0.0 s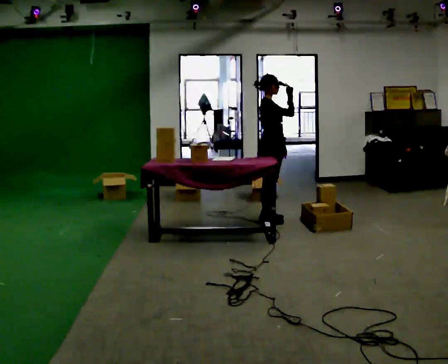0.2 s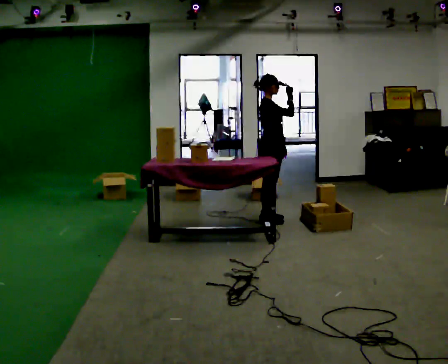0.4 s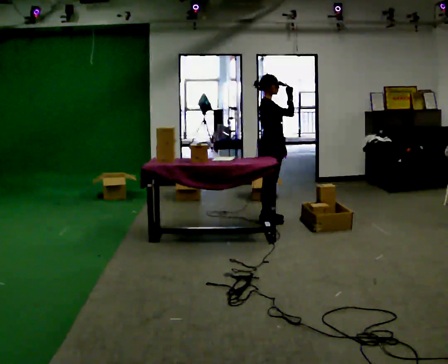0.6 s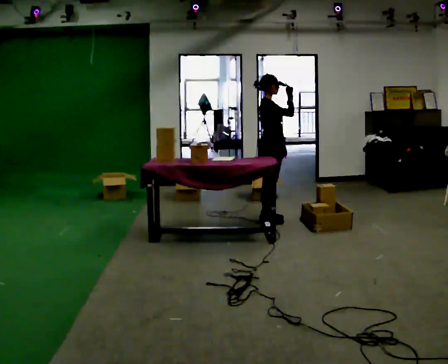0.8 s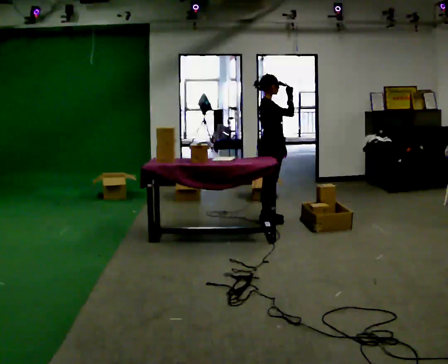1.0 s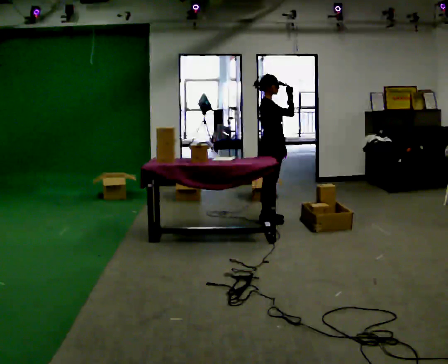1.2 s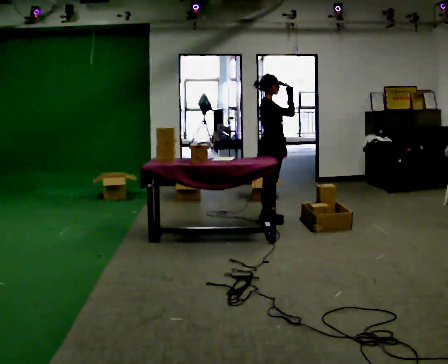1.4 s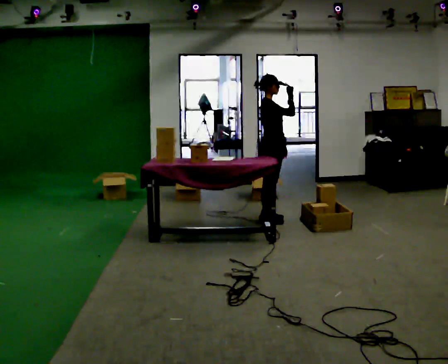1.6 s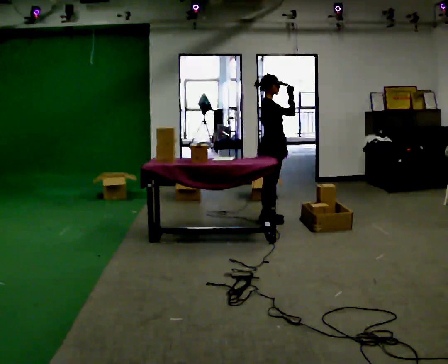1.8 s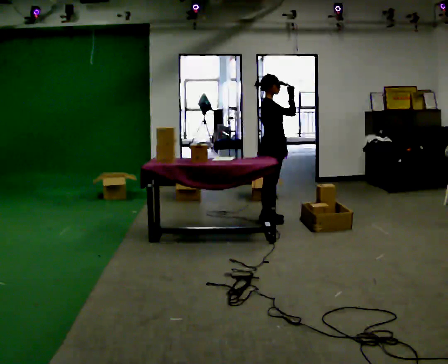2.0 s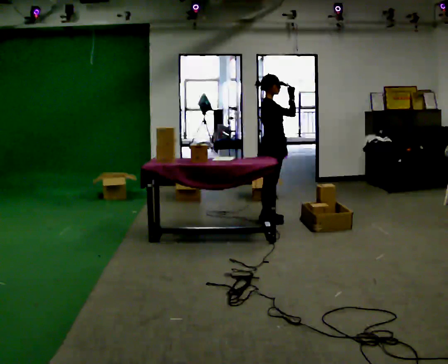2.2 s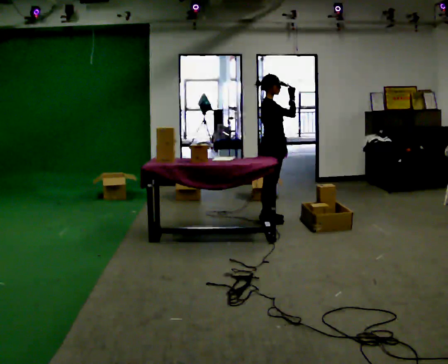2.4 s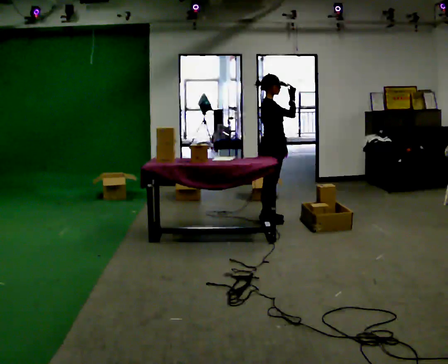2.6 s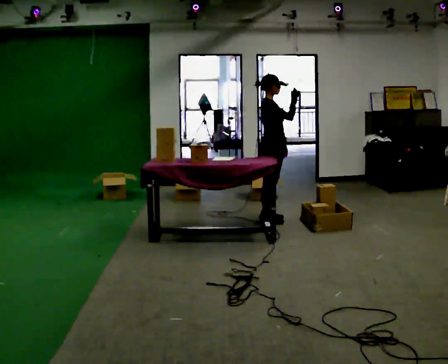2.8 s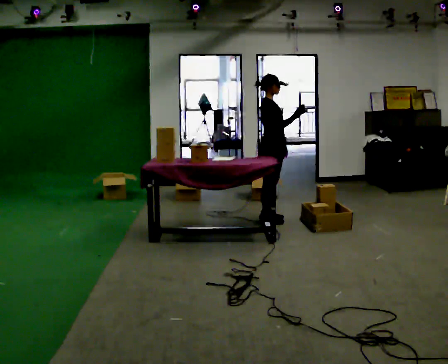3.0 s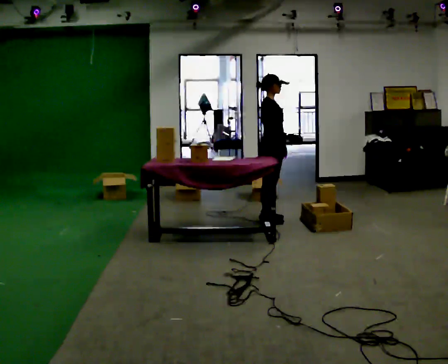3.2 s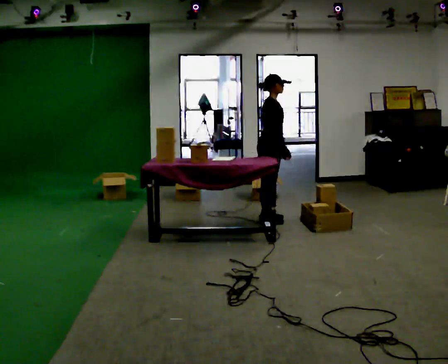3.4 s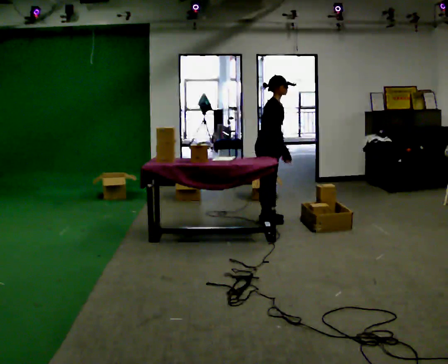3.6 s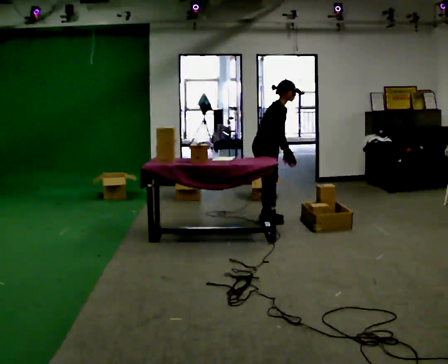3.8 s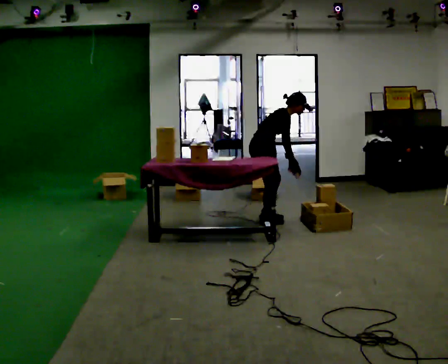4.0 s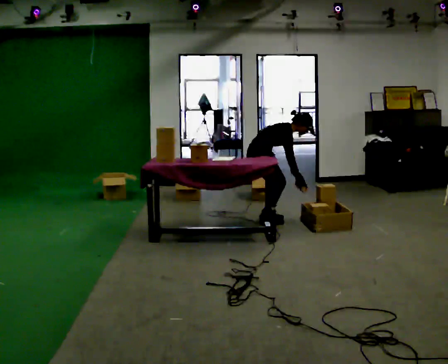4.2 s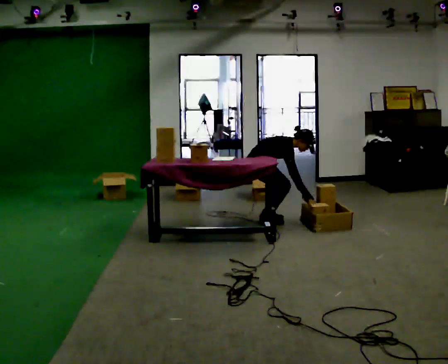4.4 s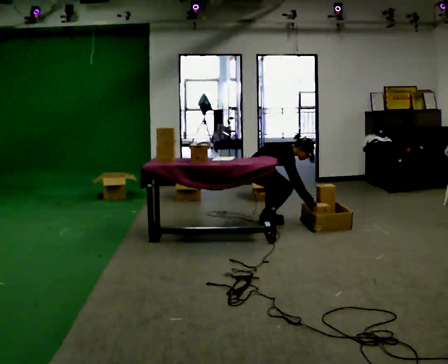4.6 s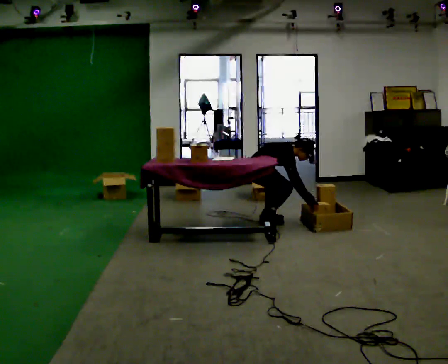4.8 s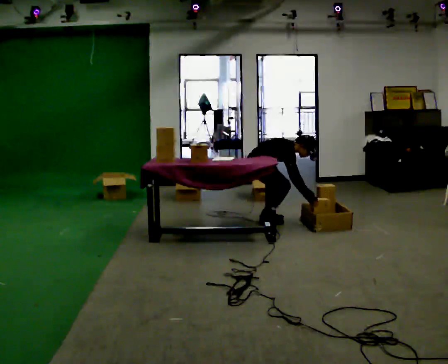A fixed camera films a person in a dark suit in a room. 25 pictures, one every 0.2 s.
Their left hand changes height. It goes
downward.
The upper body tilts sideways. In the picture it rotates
clockwise.
0.0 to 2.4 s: The person keeps their place and pose.
2.4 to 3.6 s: In the picture the upper body tilts clockwise, shoulders to the right, as they bend forward. In the picture their right hand goes downward.
3.6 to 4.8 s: The shoulders move downward. In the picture the upper body tilts clockwise, shoulders to the right, as they bend forward. In the picture their left hand goes downward.
The film runs backward here.
